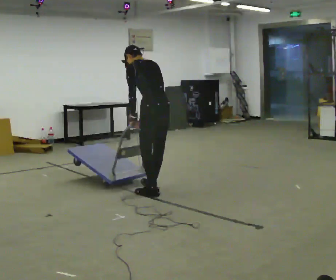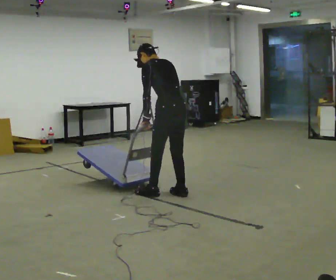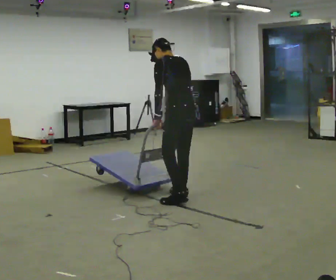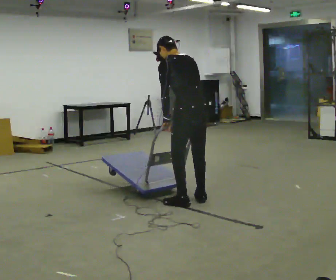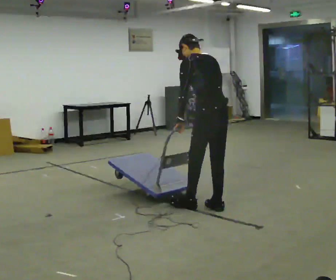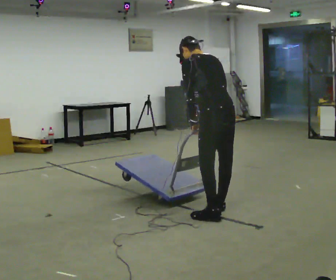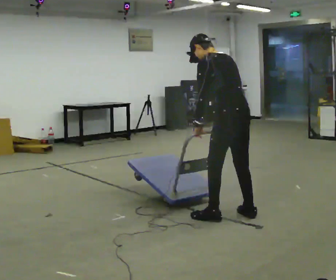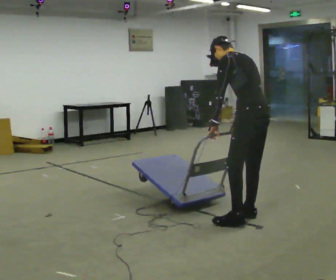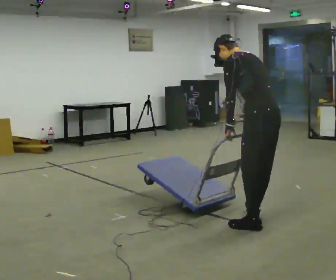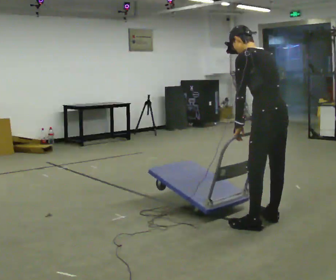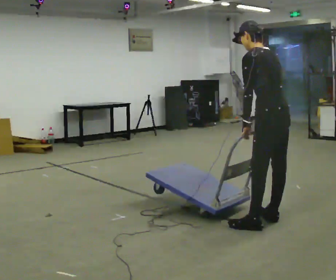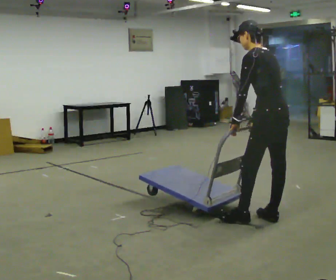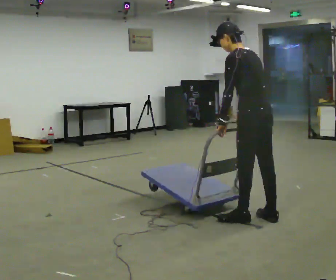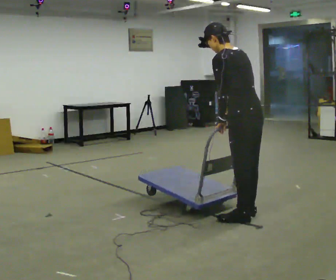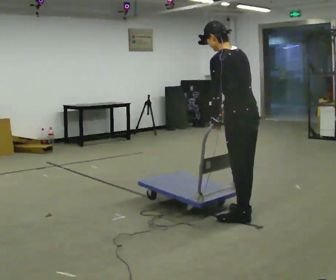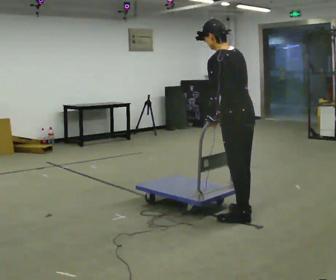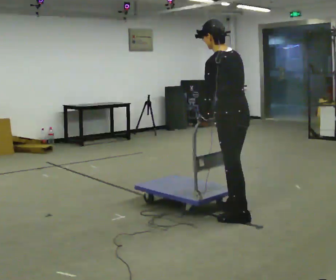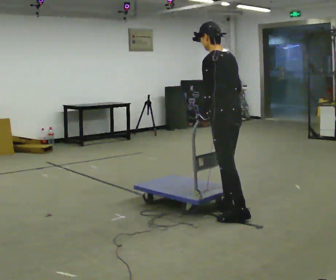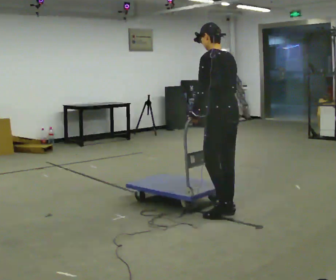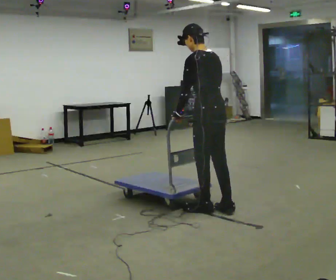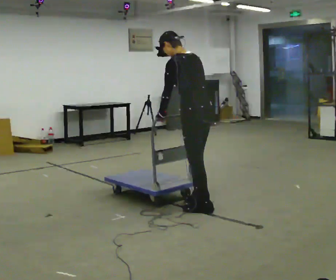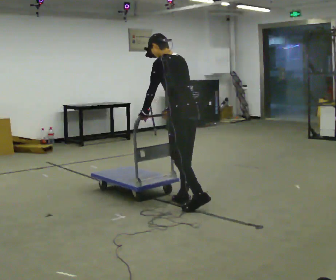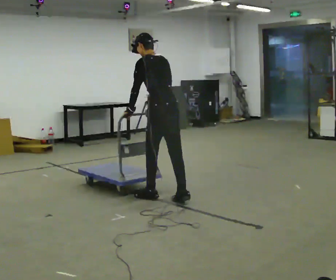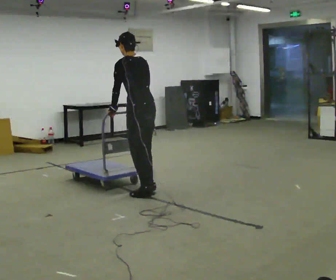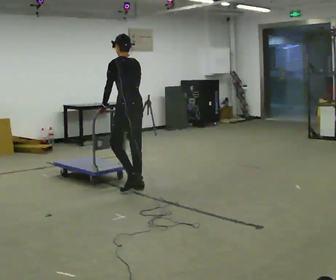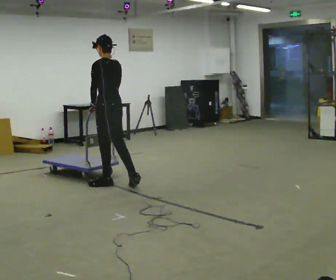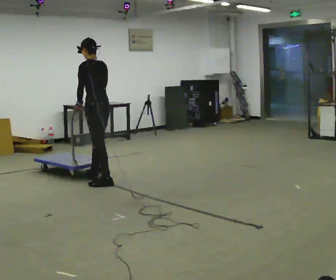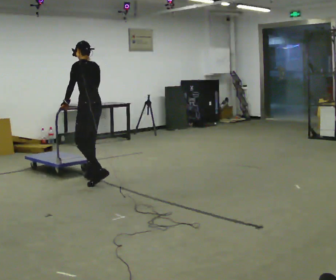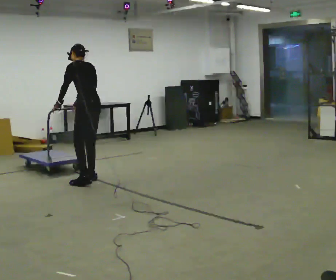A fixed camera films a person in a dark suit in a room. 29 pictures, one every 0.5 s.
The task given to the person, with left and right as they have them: Get the cart into the marked parking space and lined up with the tape. Take as many adjustments as you need. Then take it out again and repeat.
0.0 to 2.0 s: In the picture they go to the right and toward the camera, about 1 m in 3 steps, which for them is backward.
2.0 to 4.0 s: In the picture they go to the right and toward the camera, about 0.5 m in 3 steps, which for them is backward.
4.0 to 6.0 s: In the picture they go away from the camera, about 0.25 m in 2 steps, which for them is forward.
6.0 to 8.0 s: In the picture they go to the left, about 0.25 m in 1 step, which for them is forward.
8.0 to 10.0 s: In the picture they go to the left and away from the camera, about 0.5 m in 1 step, which for them is forward.
10.0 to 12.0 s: In the picture they go to the left and away from the camera, about 1 m in 3 steps, which for them is forward.
12.0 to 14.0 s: In the picture they go to the left and away from the camera, about 0.5 m in 3 steps, which for them is forward.
The film runs forward here.
